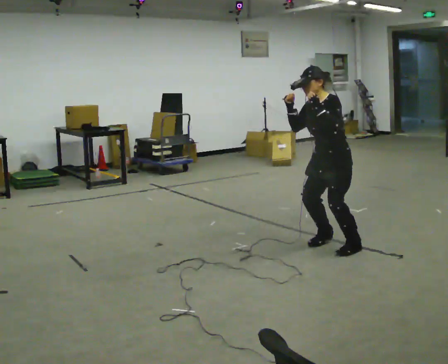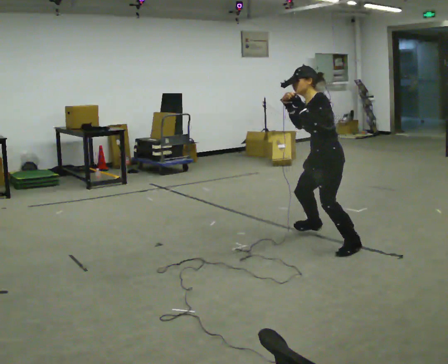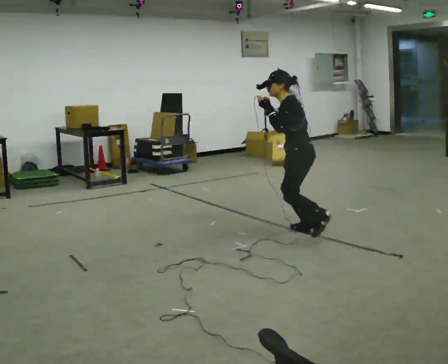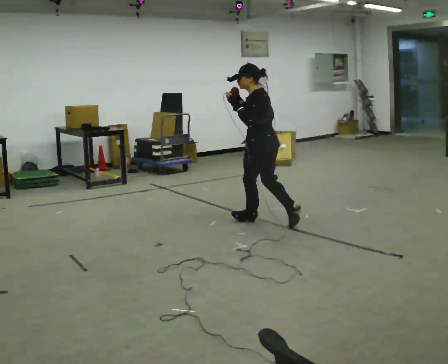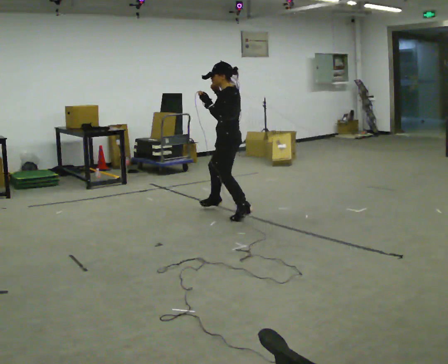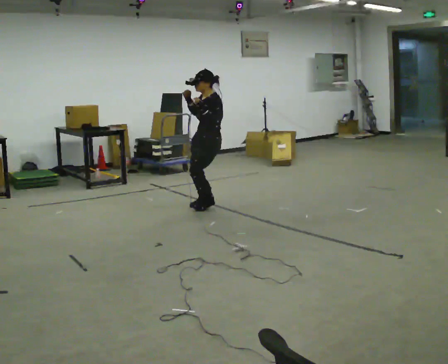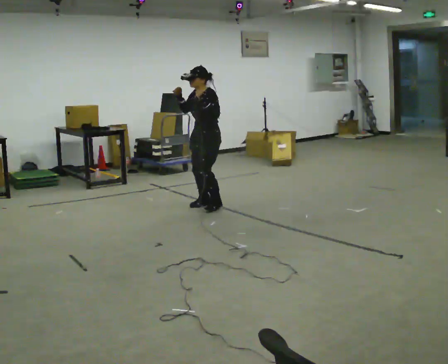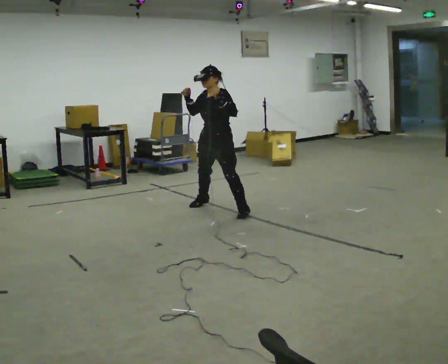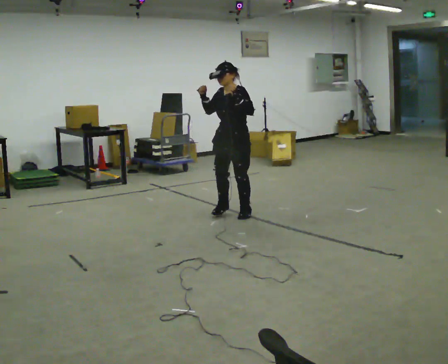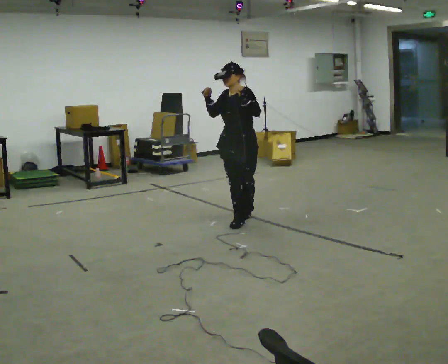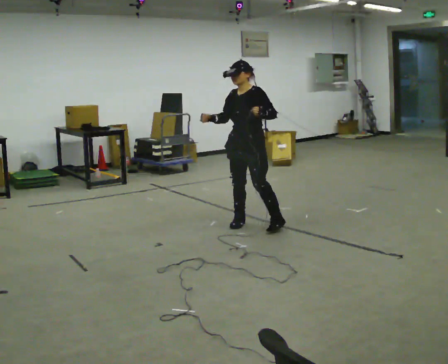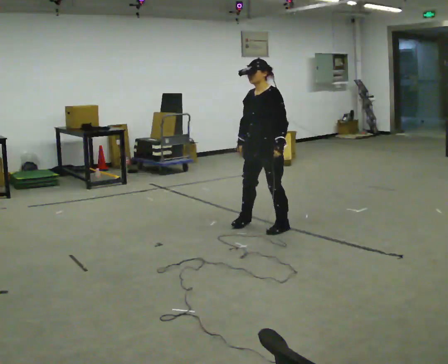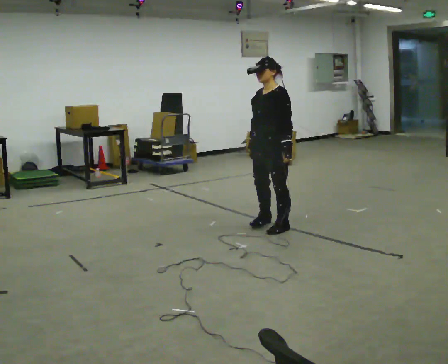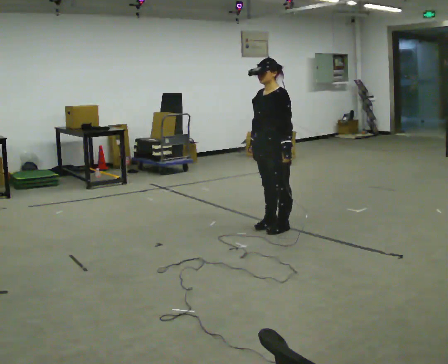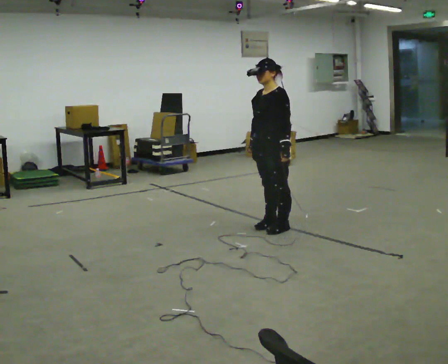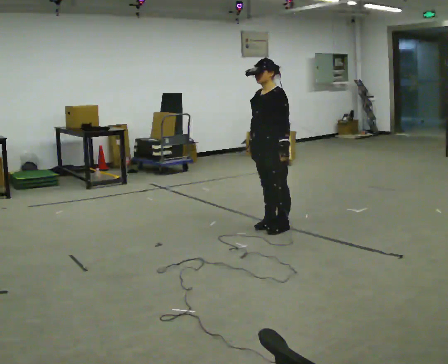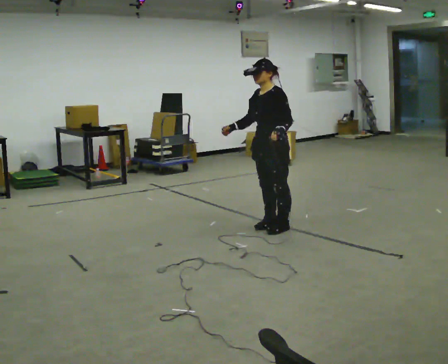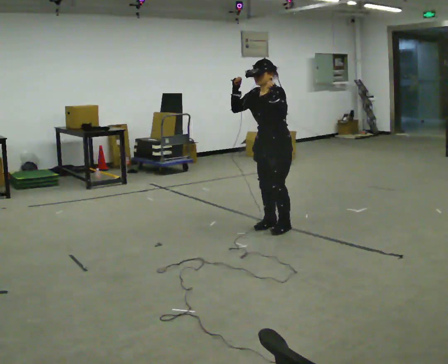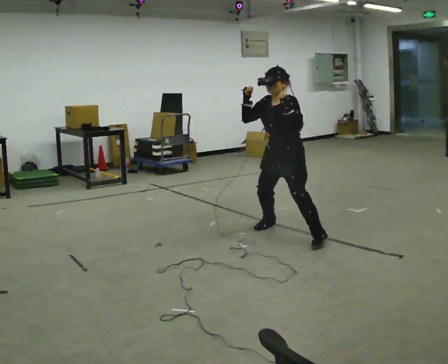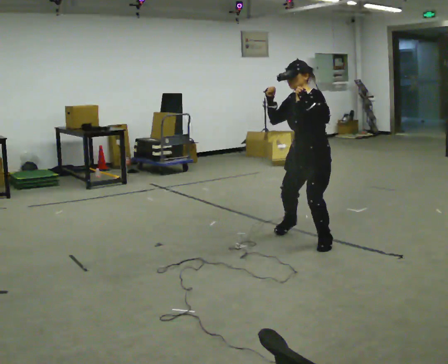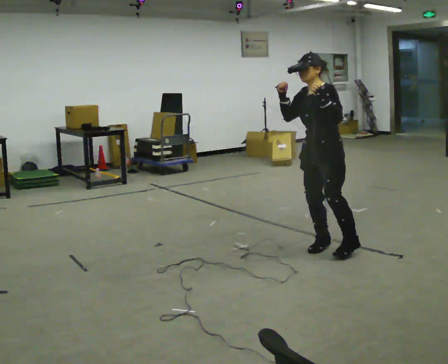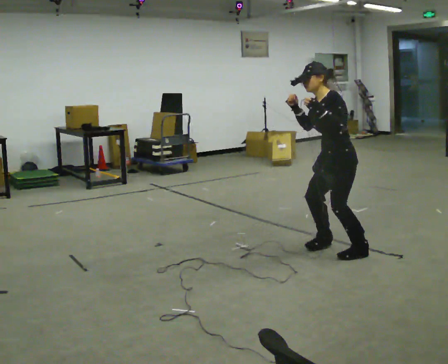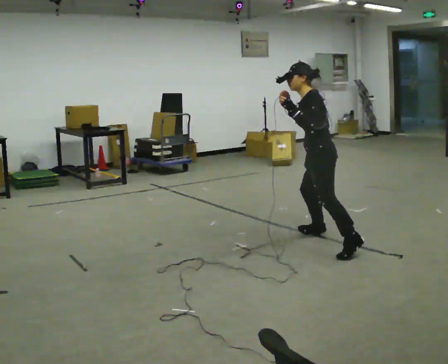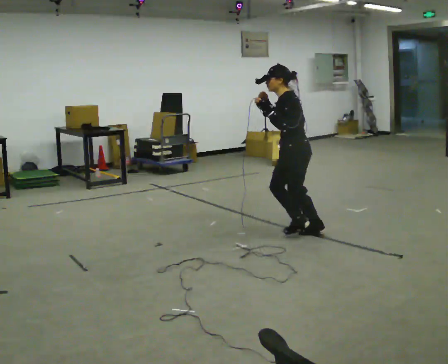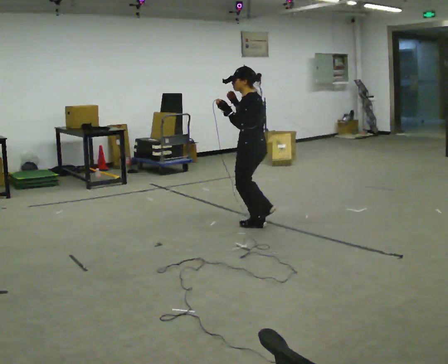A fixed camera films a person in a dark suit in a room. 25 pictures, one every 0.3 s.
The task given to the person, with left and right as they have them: Move in a low athletic stance, shuffling side to side and forward and back as the operator points.
0.0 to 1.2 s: The person turns about 30 degrees to their right, clockwise seen from above, so the part of the body nearest the lens slides to the left. In the picture they go away from the camera and to the left, about 1.5 m in 2 steps, which for them is forward and to their right.
1.2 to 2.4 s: The part of the body nearest the lens slides to the right as the person turns to their left by about 60 degrees.
2.4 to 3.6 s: In the picture they go toward the camera and to the right, about 0.5 m in 2 steps, which for them is to their left and forward. In the picture their right hand goes downward.
3.6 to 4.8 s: The person moves a little, or ends about where they began.
4.8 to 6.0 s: In the picture they go toward the camera and to the right, about 0.5 m in 2 steps, which for them is to their left and forward.
6.0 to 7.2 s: The part of the body nearest the lens slides to the left as the person turns to their right by about 60 degrees. In the picture they go away from the camera and to the left, about 1 m in 3 steps, which for them is to their right and forward.
The film runs forward here.
